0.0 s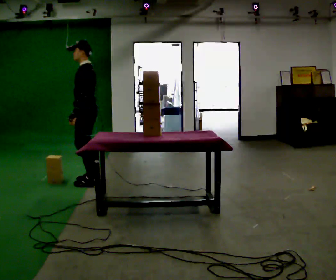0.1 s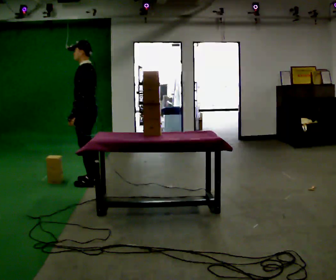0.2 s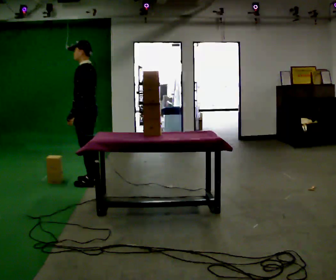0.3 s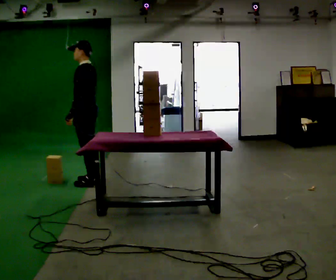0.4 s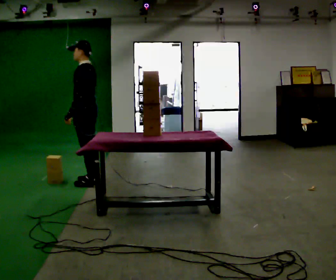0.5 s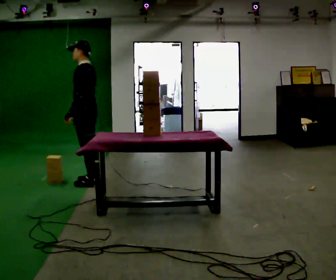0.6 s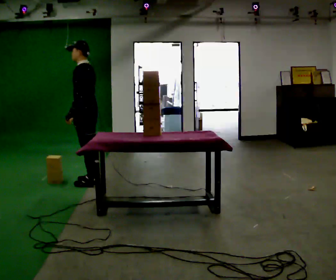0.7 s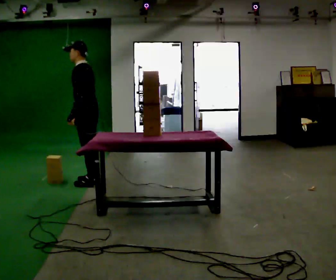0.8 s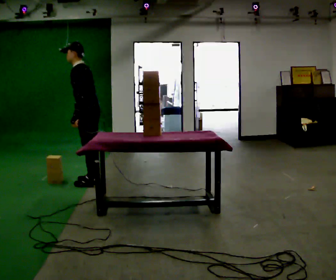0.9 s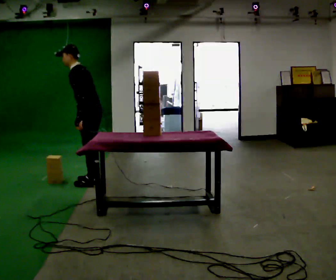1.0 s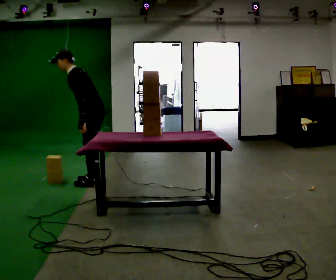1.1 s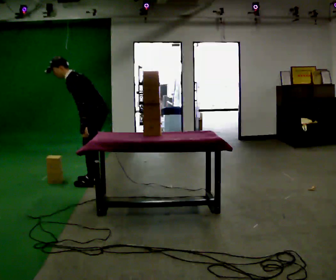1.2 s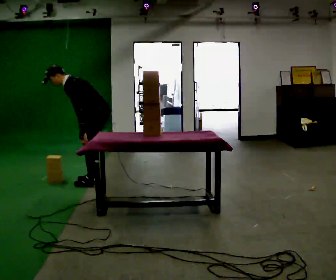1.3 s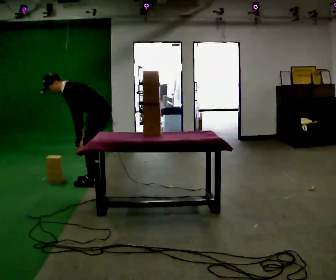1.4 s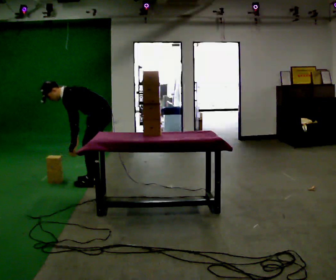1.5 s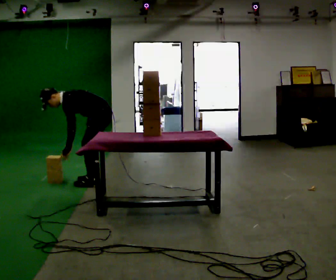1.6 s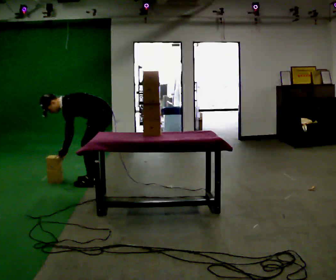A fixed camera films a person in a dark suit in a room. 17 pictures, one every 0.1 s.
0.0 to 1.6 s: In the picture they go to the right, about 0.25 m, which for them is backward. The upper body goes downward. In the picture the upper body tilts counterclockwise, shoulders to the left, as they bend forward. In the picture their left hand goes downward.
The film runs backward here.
